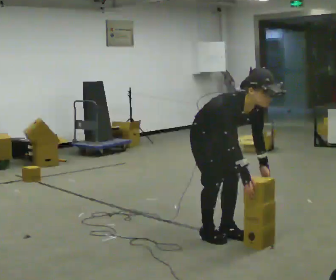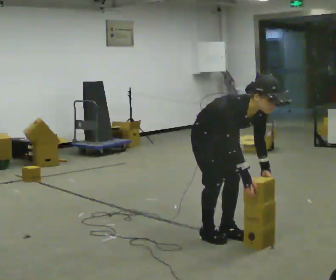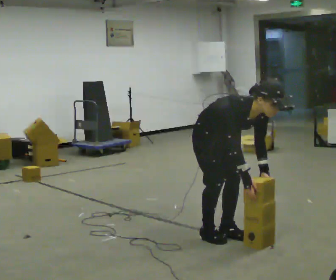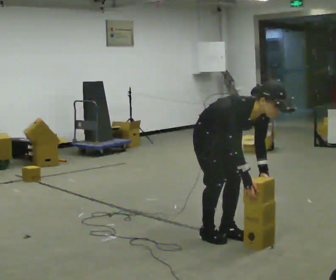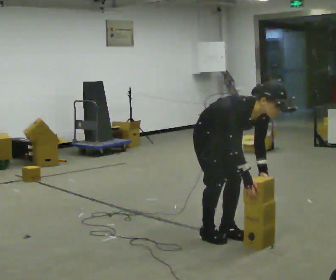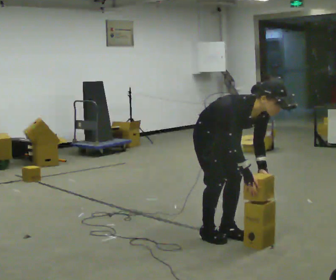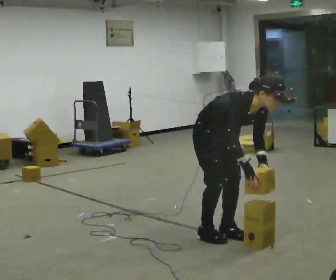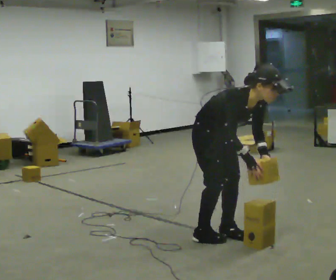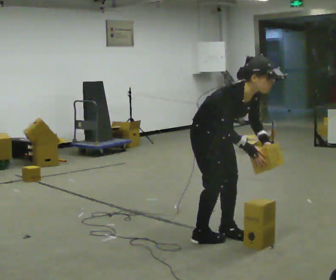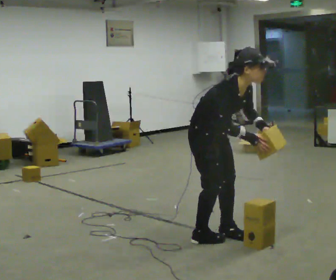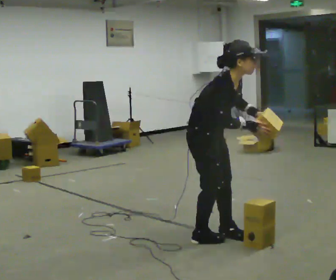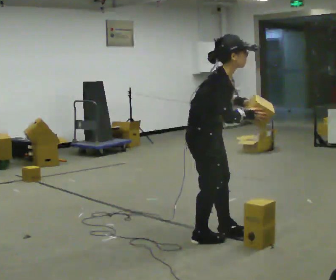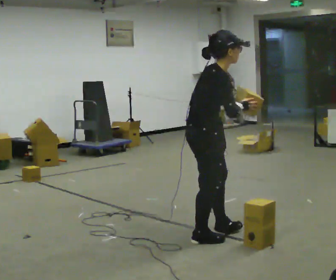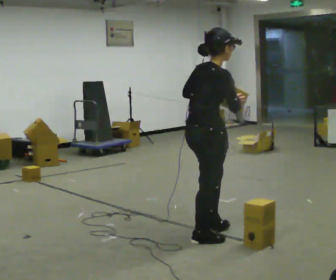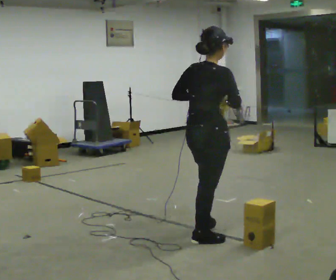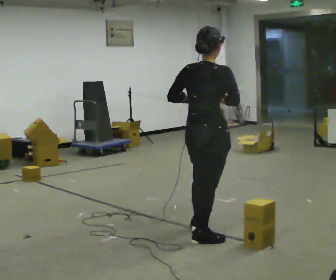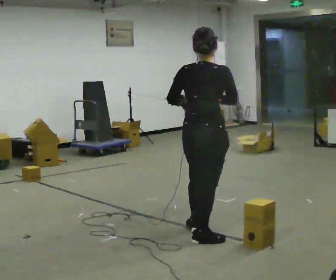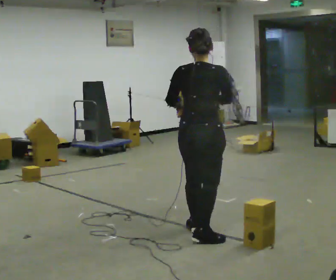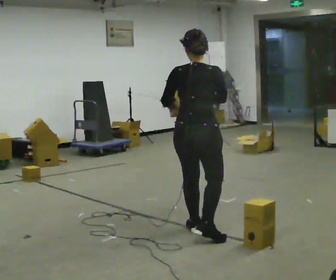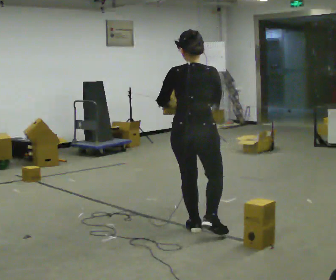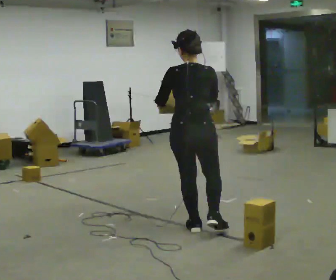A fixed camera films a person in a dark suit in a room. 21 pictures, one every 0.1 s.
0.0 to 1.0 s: Seen from above the body turns counterclockwise, about 30 degrees: to their left, with its near side sliding to the right. The upper body tips away from the camera, its near side rolling upward, as they lean back or straighten. In the picture their right hand goes upward.
1.0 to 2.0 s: The part of the body nearest the lens slides to the right as the person turns to their left by about 105 degrees. In the picture they go away from the camera, about 0.25 m in 1 step. In the picture the upper body tilts counterclockwise, shoulders to the left, as they lean back or straighten. In the picture their left hand goes to the left.
The film runs forward here.
